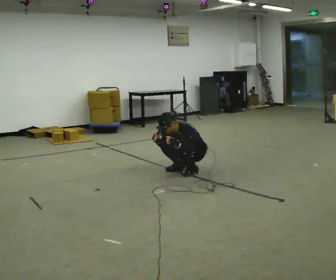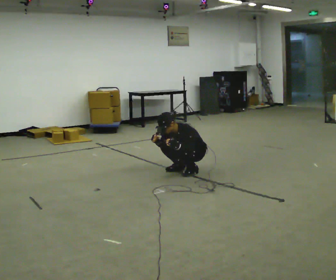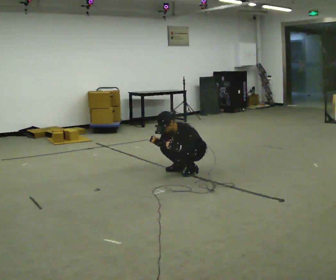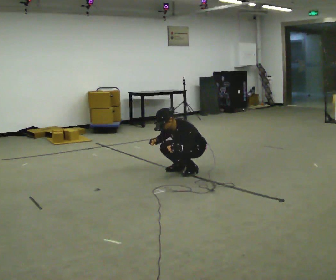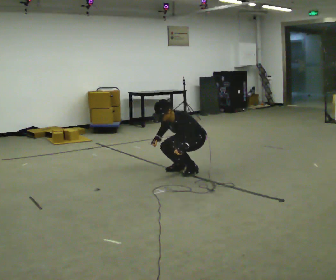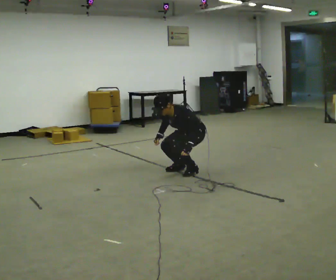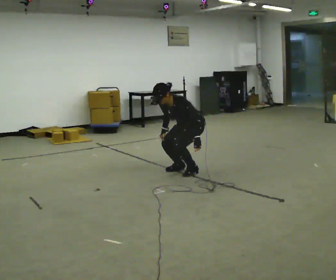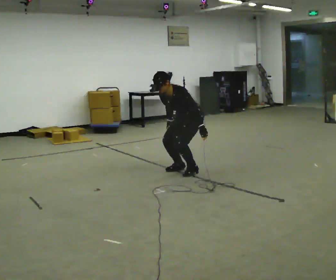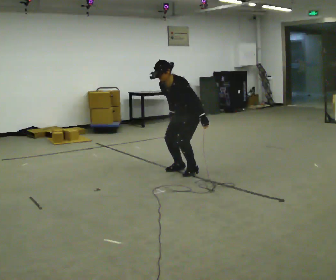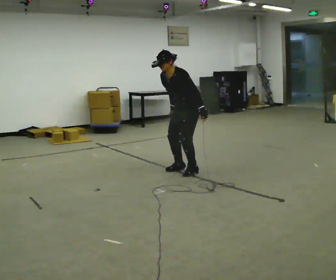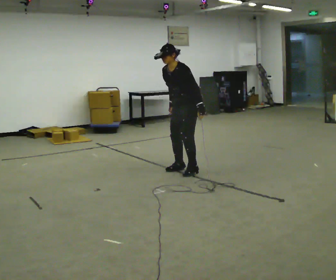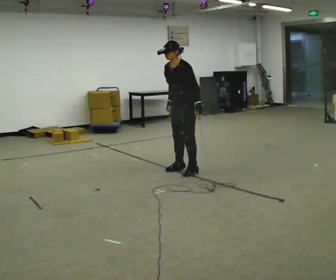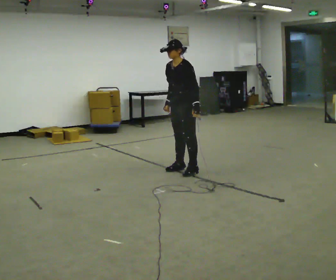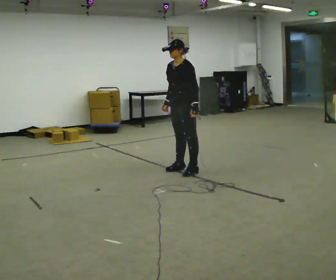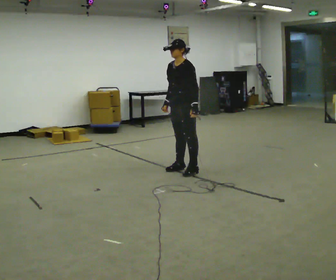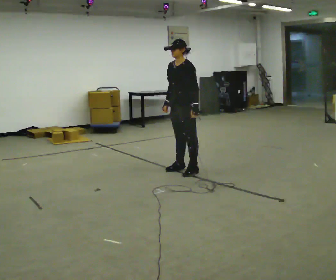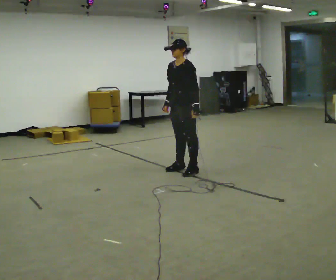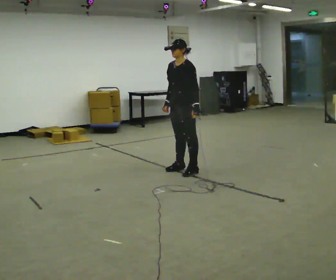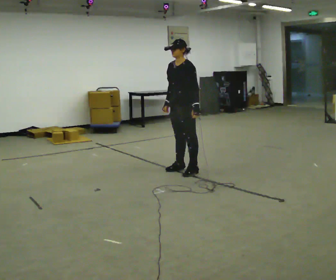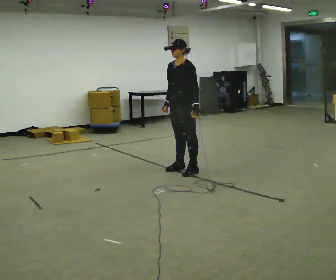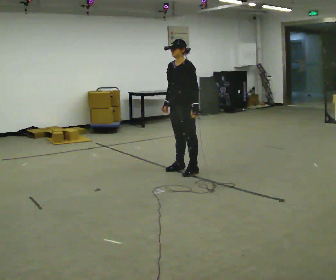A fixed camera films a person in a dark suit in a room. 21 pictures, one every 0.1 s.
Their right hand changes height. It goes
upward.
The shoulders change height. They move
upward.
0.0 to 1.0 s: The shoulders move upward. In the picture the upper body tilts clockwise, shoulders to the right, as they lean back or straighten. In the picture their right hand goes upward.
1.0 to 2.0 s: In the picture the upper body tilts clockwise, shoulders to the right, as they lean back or straighten.
The film runs forward here.
